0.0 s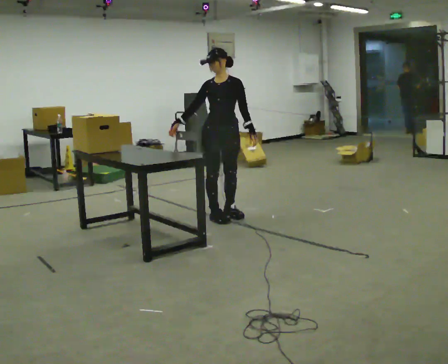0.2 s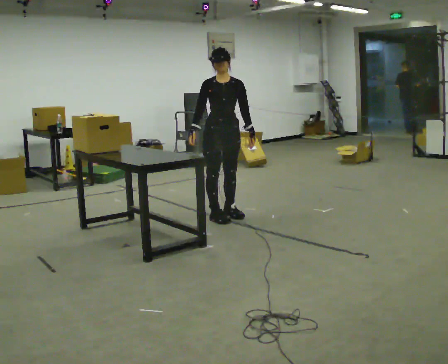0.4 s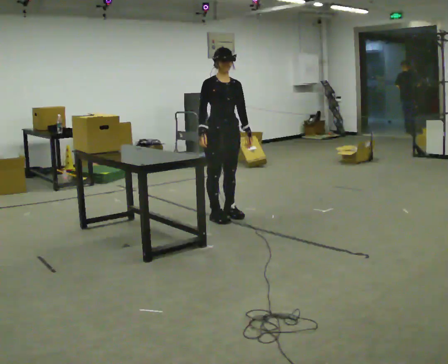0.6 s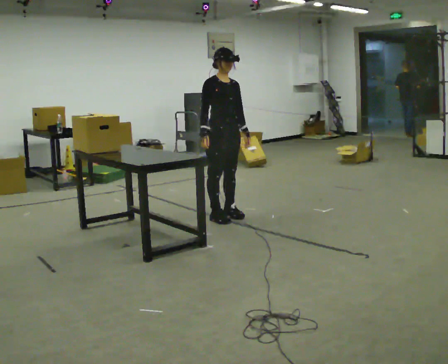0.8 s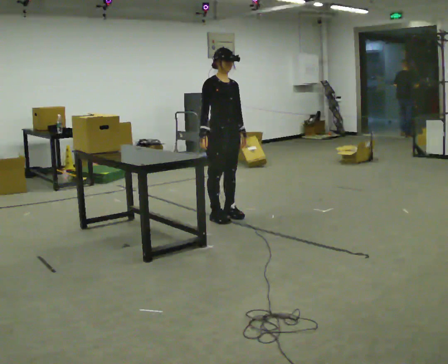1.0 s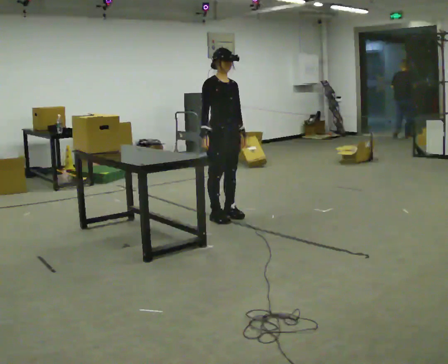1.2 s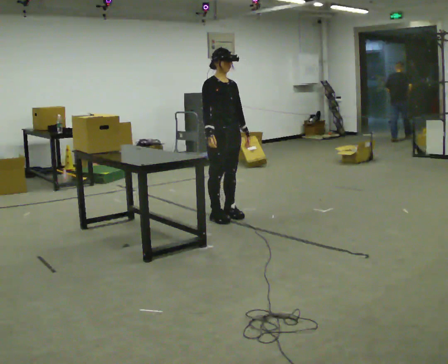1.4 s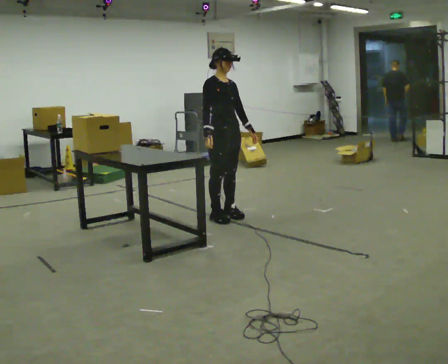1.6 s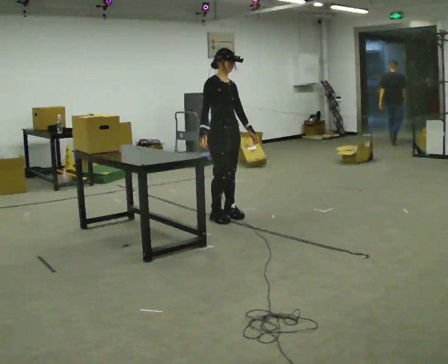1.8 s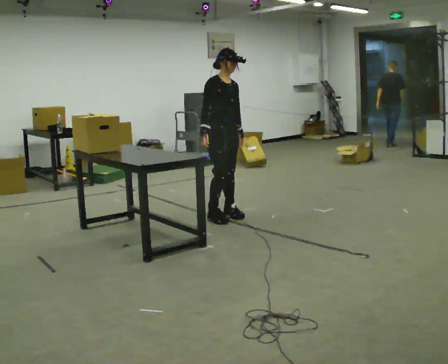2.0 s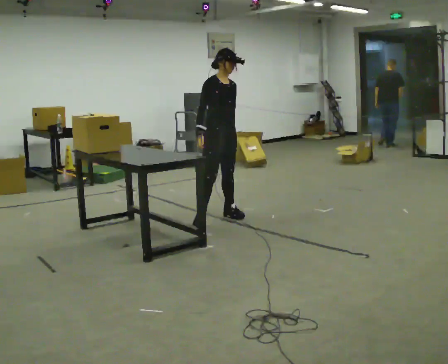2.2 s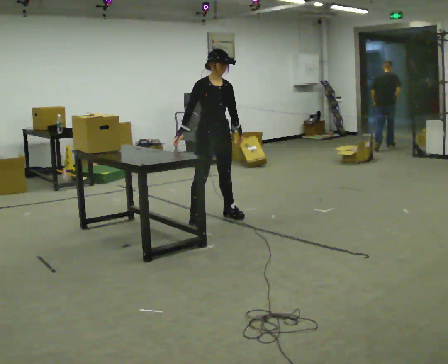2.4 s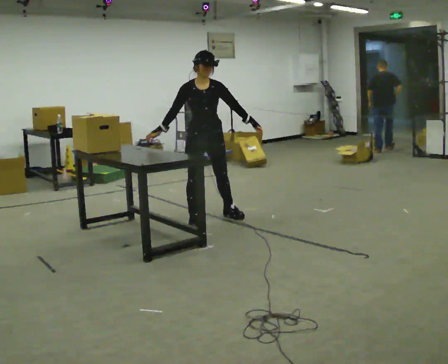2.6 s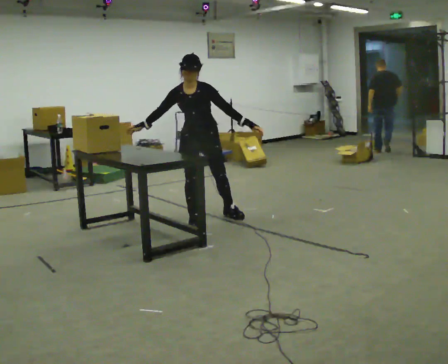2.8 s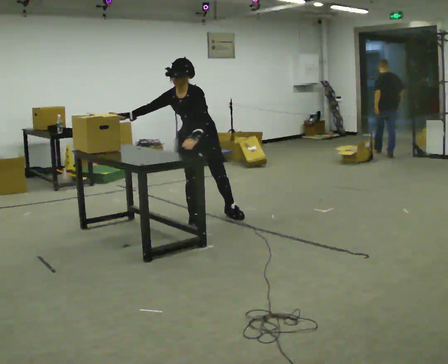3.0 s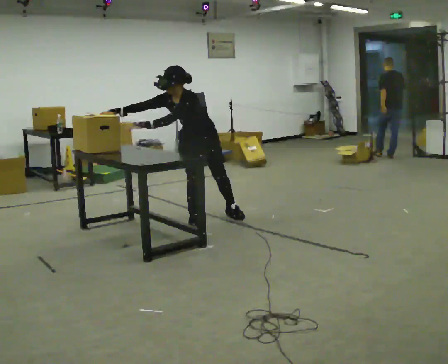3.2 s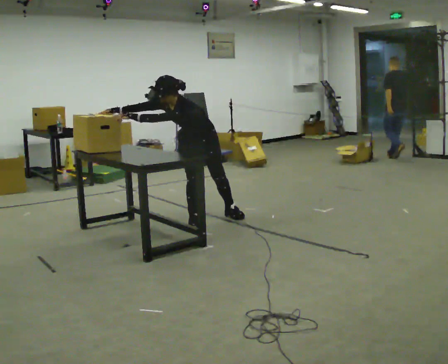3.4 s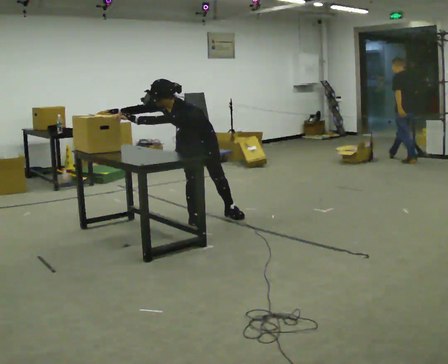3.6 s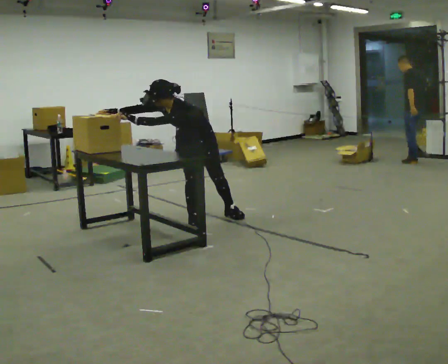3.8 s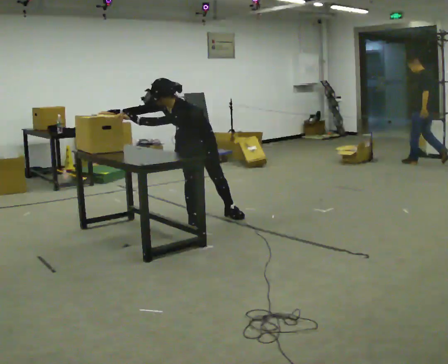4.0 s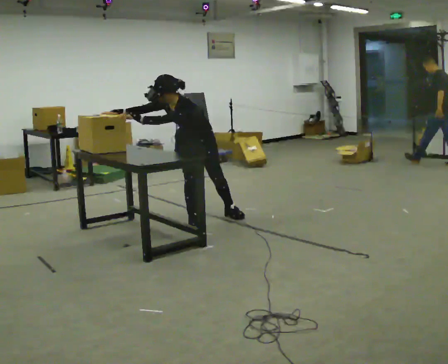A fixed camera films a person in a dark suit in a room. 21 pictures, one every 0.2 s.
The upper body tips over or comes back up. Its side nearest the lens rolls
downward.
0.0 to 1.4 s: The part of the body nearest the lens slides to the right as the person turns to their left by about 60 degrees. In the picture their right hand goes to the right.
1.4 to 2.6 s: The part of the body nearest the lens slides to the left as the person turns to their right by about 45 degrees. In the picture they go to the left, about 0.25 m in 1 step, which for them is to their right. The upper body tips toward the camera, its near side rolling downward, as they bend forward. In the picture their right hand goes to the left.
2.6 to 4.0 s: The person turns about 30 degrees to their right, clockwise seen from above, so the part of the body nearest the lens slides to the left. In the picture their left hand goes to the left, the arm swinging clockwise.
The film runs backward here.
